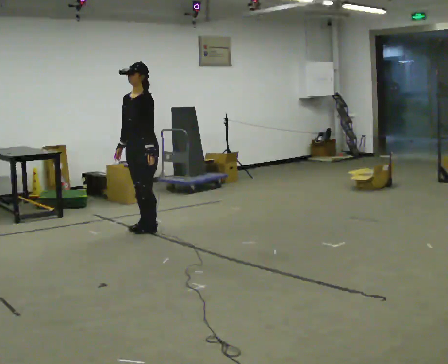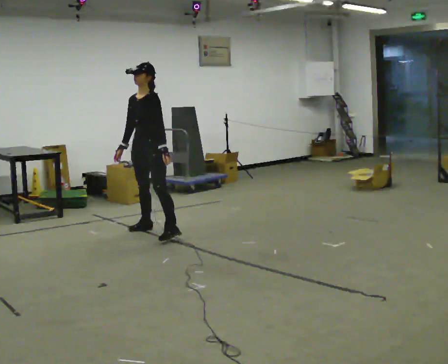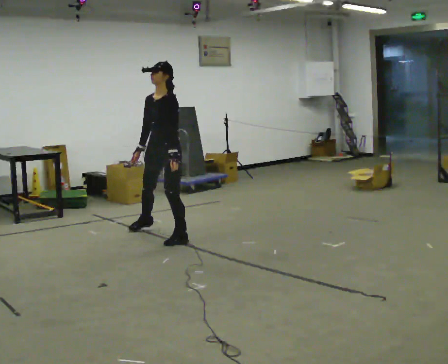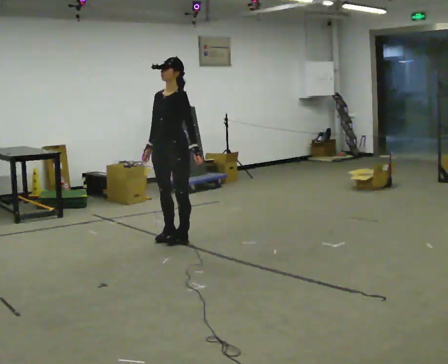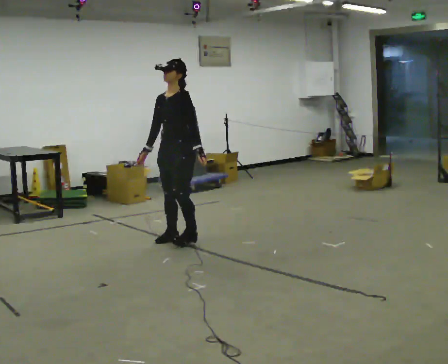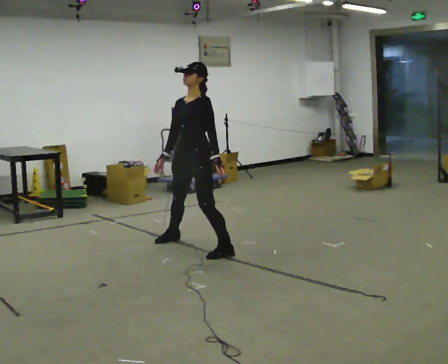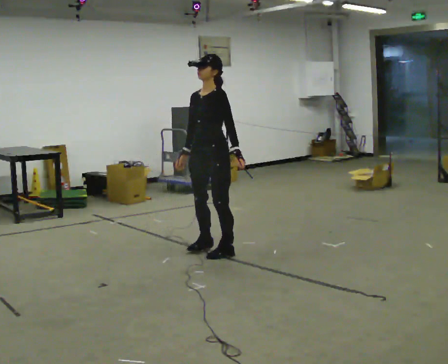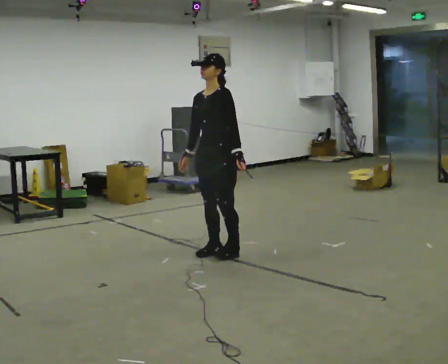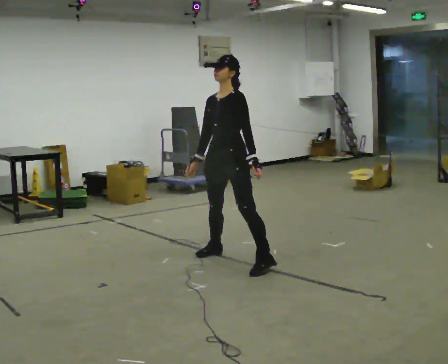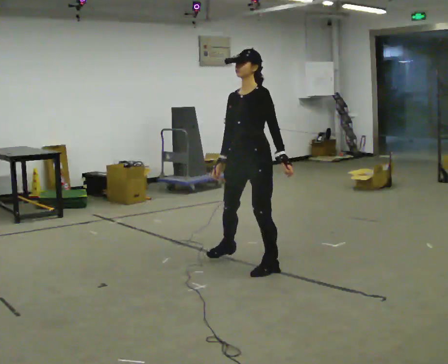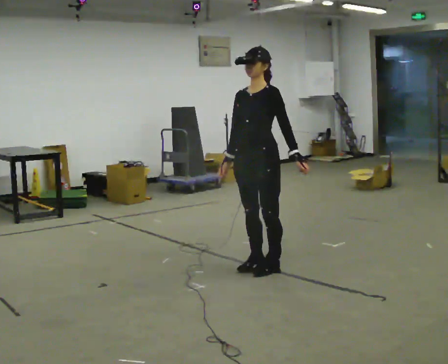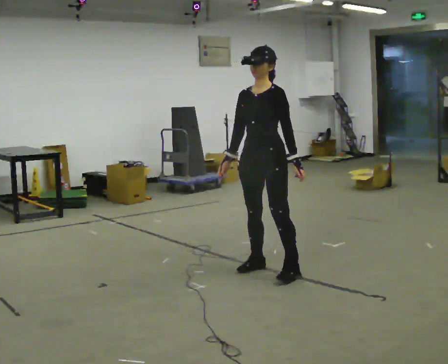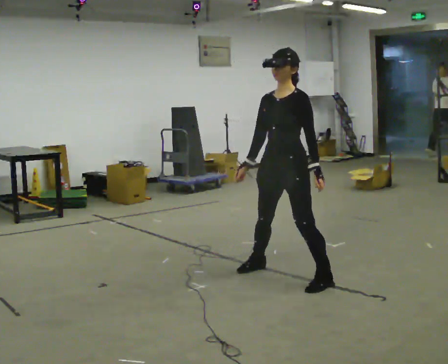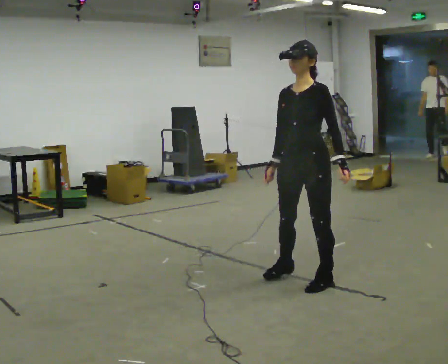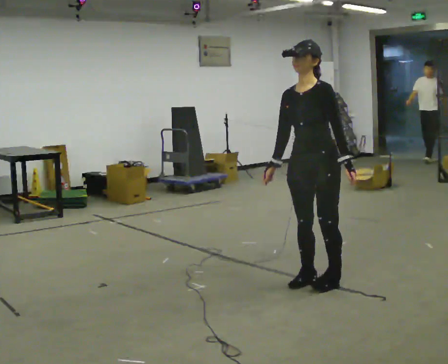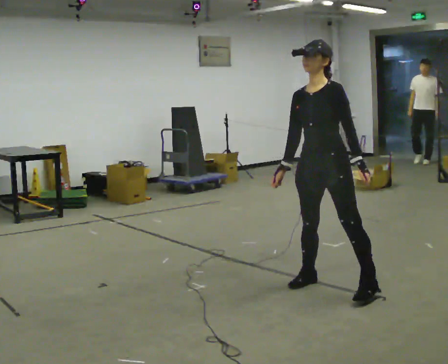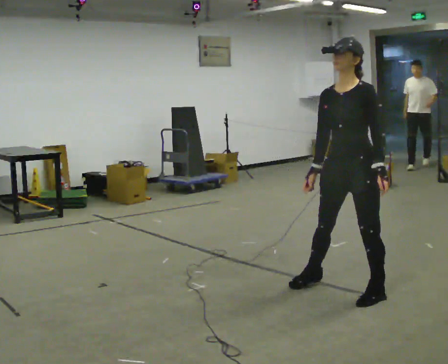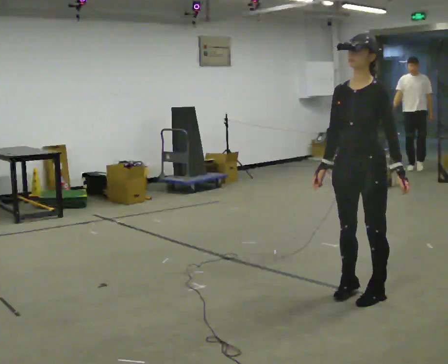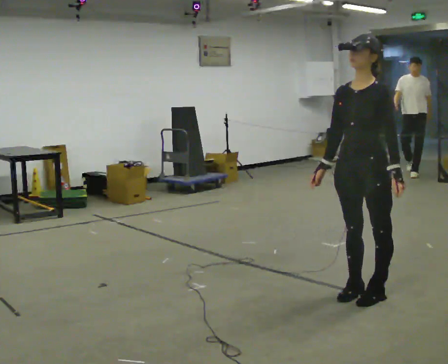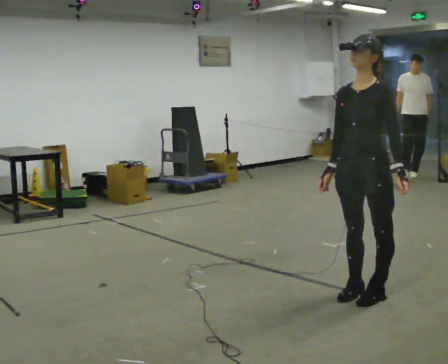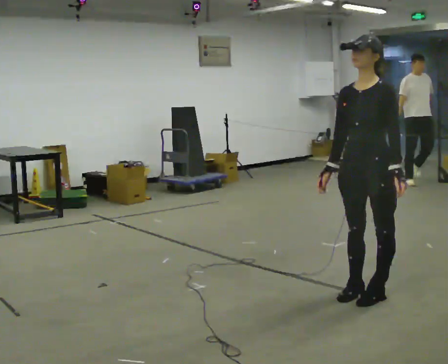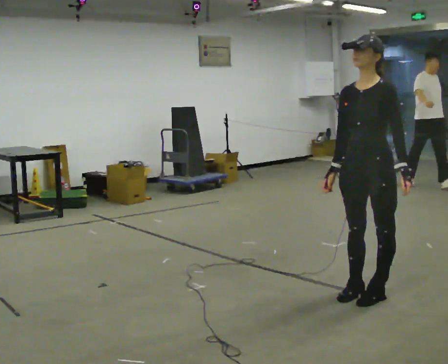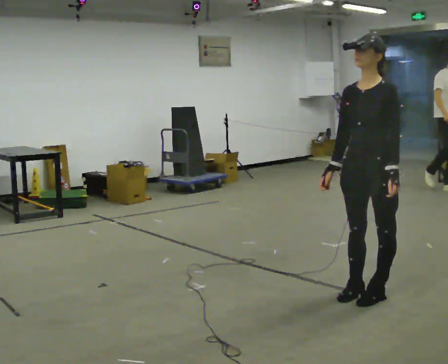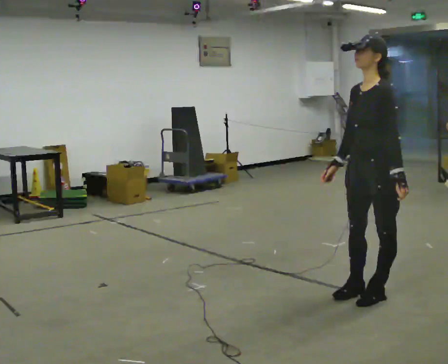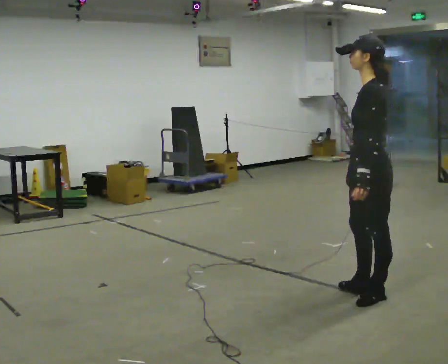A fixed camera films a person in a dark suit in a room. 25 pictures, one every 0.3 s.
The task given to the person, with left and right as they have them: Move laterally left/right for ~3 m; natural controlled steps; stop.
0.0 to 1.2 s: In the picture they go to the right and toward the camera, about 0.5 m in 2 steps, which for them is to their left.
1.2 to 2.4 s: In the picture they go toward the camera and to the right, about 0.5 m in 2 steps, which for them is to their left.
2.4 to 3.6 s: In the picture they go toward the camera and to the right, about 0.75 m in 3 steps, which for them is to their left.
3.6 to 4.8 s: In the picture they go to the right and toward the camera, about 0.5 m in 2 steps, which for them is to their left.
4.8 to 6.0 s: The person moves a little, or ends about where they began.
6.0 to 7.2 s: The part of the body nearest the lens slides to the left as the person turns to their right by about 60 degrees. In the picture their right hand goes to the right.
The film runs forward here.
